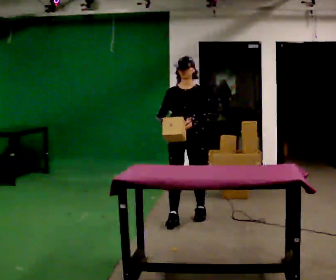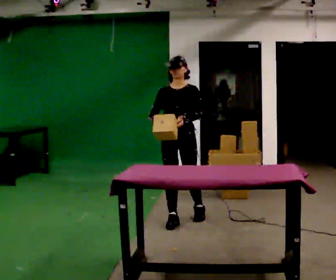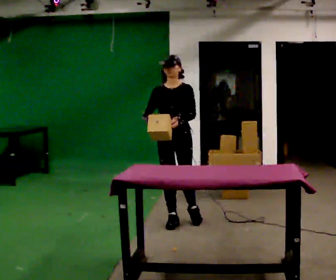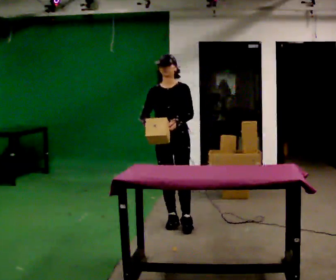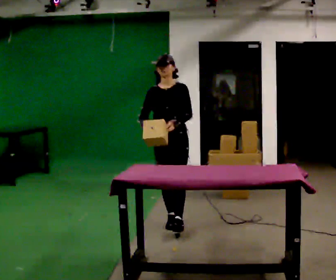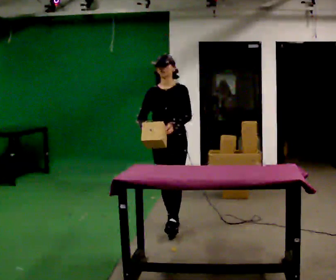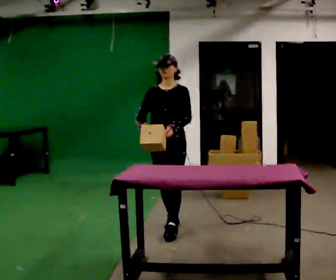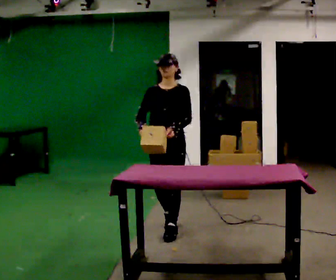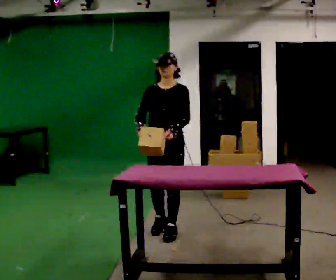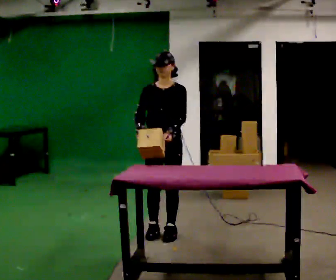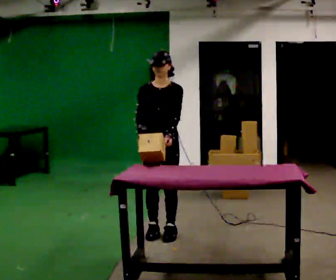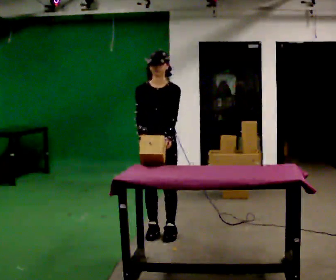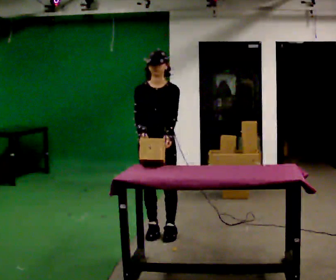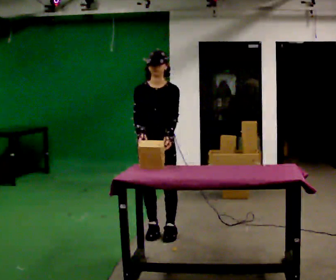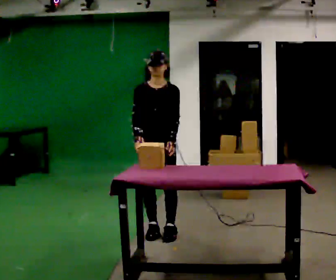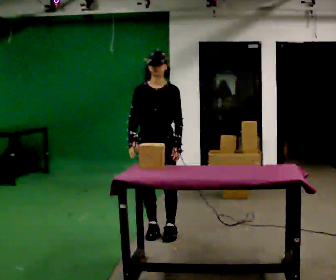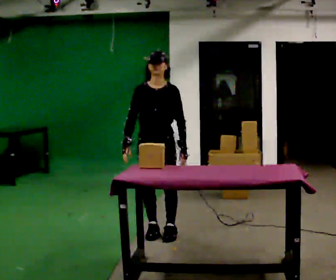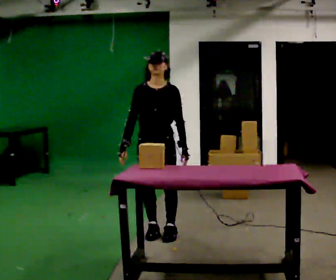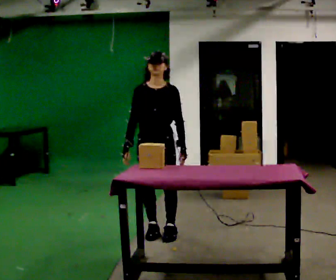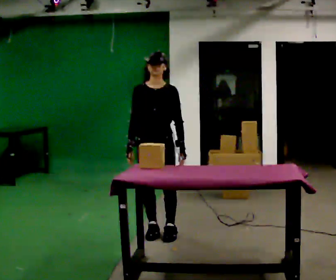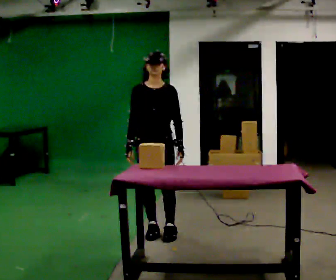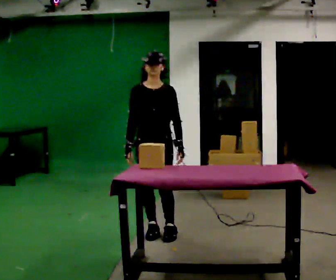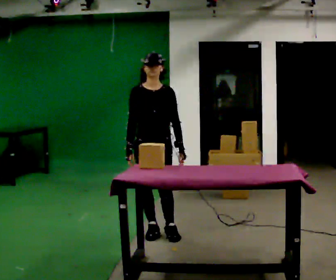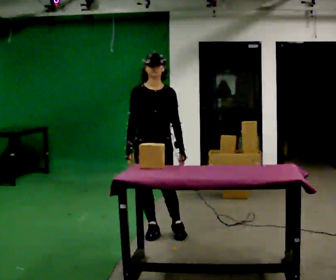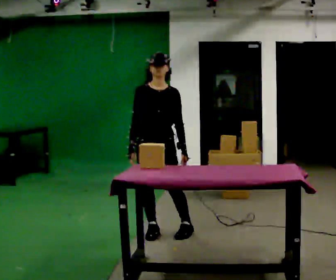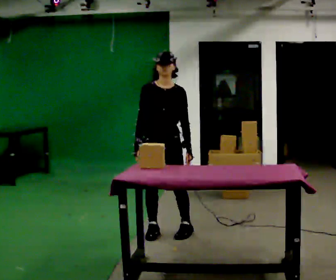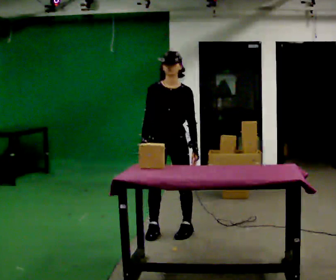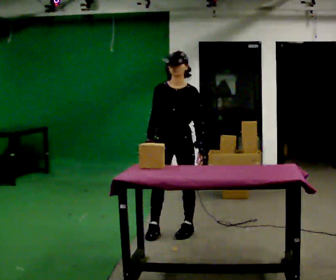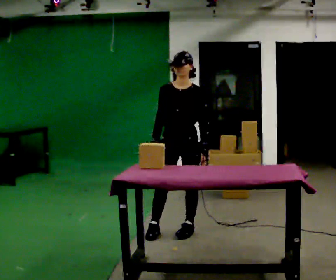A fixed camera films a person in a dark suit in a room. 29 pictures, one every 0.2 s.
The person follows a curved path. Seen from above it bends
counterclockwise.
0.0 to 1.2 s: In the picture they go toward the camera and to the left, about 0.5 m in 1 step, which for them is forward.
1.2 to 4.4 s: The person turns about 30 degrees to their left, counterclockwise seen from above, so the part of the body nearest the lens slides to the right. In the picture they go to the left, about 0.25 m in 1 step, which for them is forward and to their right.
4.4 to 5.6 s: The person turns about 30 degrees to their right, clockwise seen from above, so the part of the body nearest the lens slides to the left. In the picture they go to the right, about 0.25 m, which for them is to their left.
The film runs forward here.
